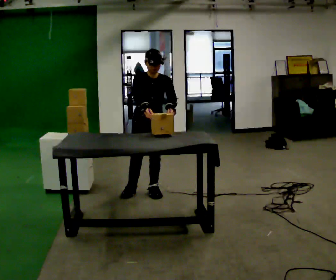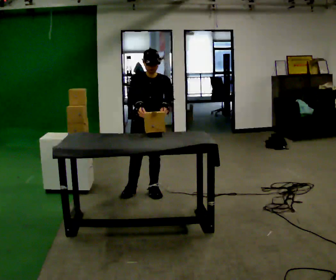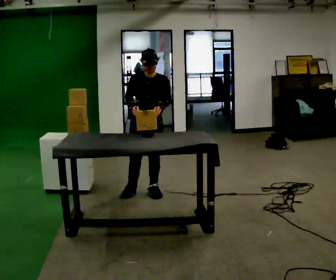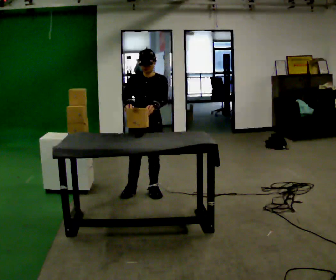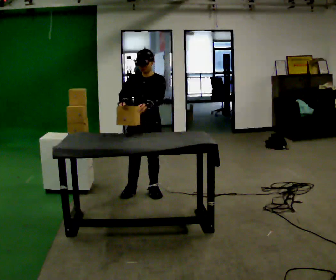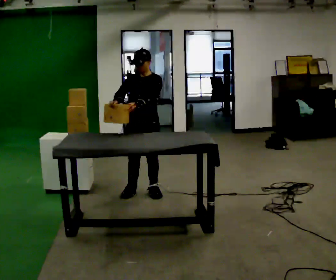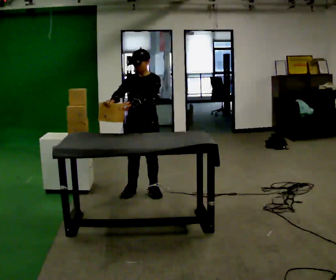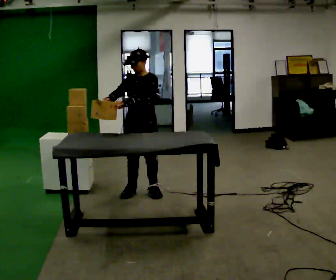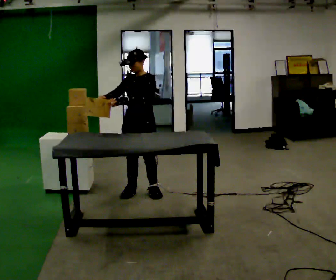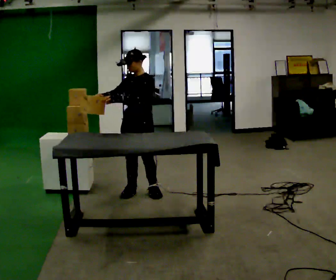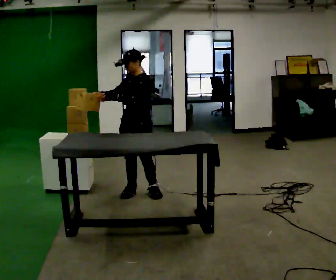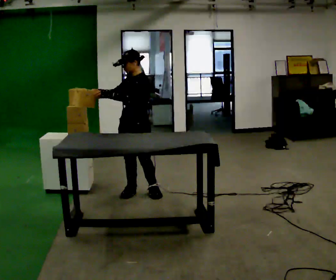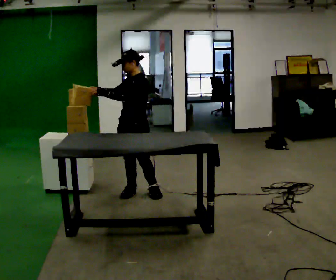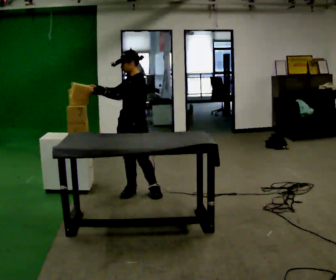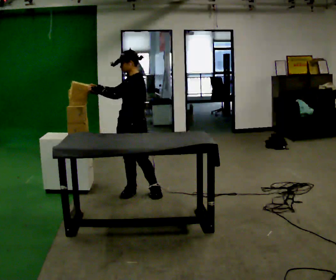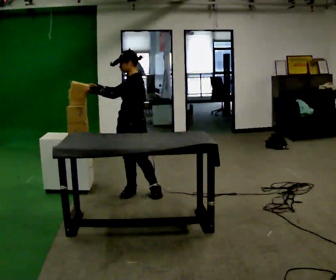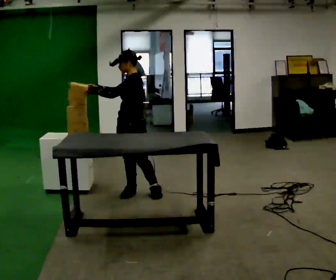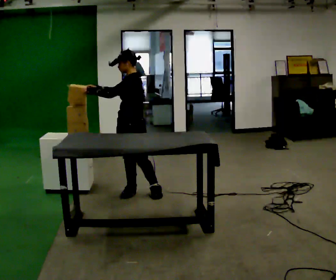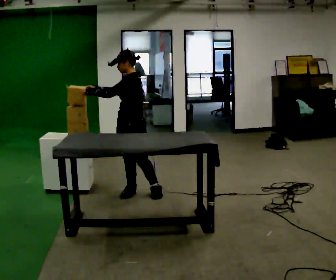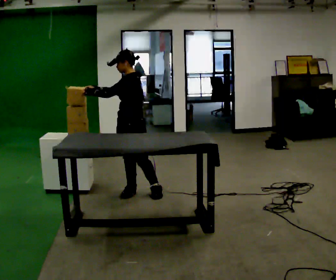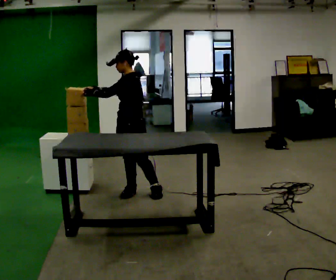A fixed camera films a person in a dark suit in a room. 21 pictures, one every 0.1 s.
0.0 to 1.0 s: The part of the body nearest the lens slides to the left as the person turns to their right by about 45 degrees. In the picture their right hand goes to the left.
1.0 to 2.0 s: The person moves a little, or ends about where they began.
The film runs forward here.
